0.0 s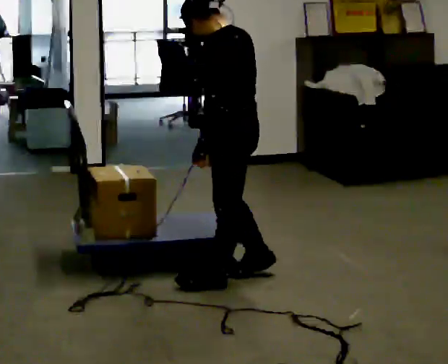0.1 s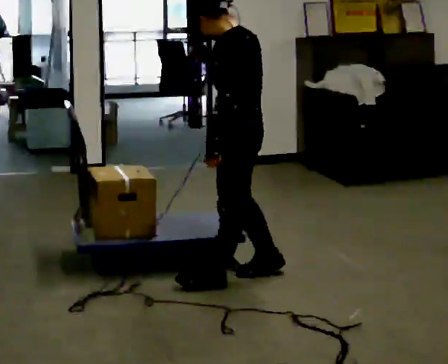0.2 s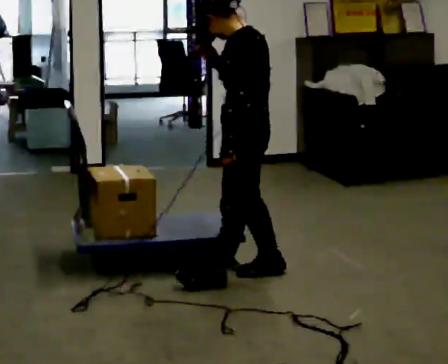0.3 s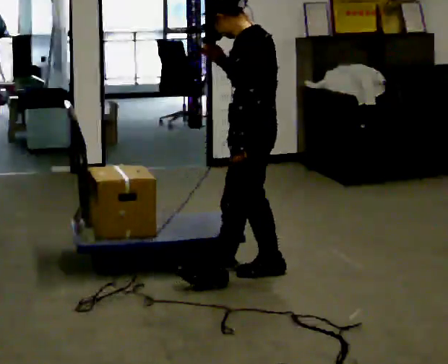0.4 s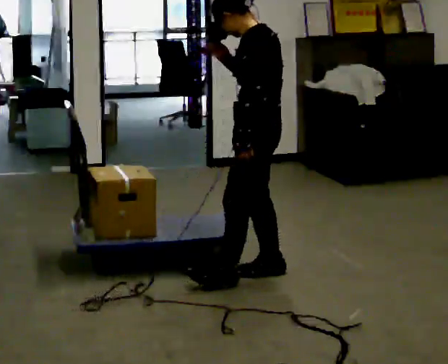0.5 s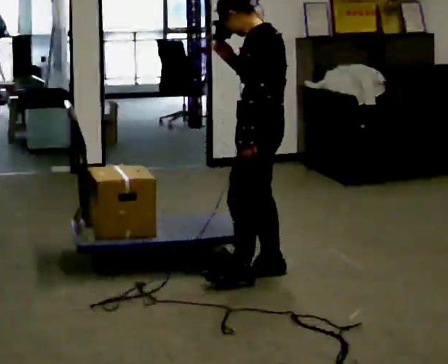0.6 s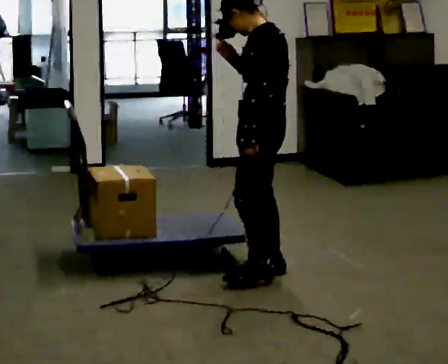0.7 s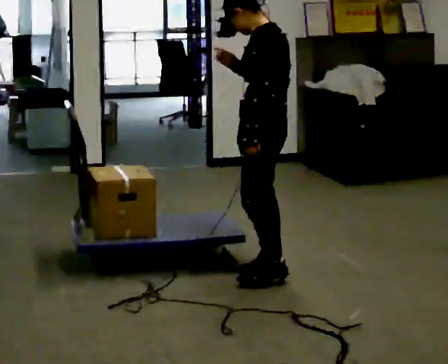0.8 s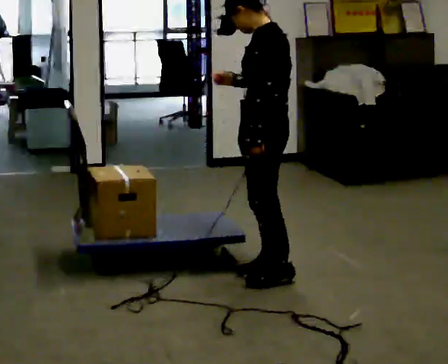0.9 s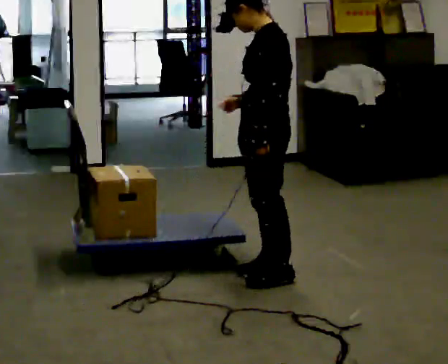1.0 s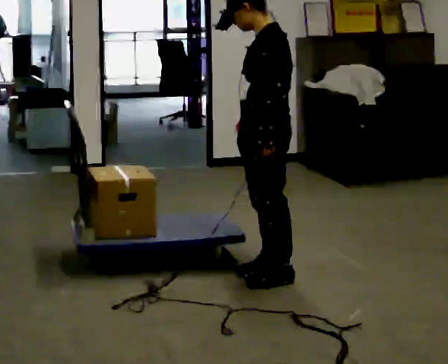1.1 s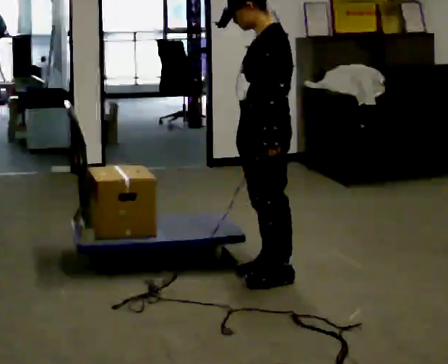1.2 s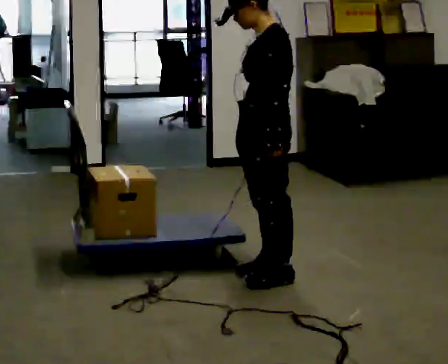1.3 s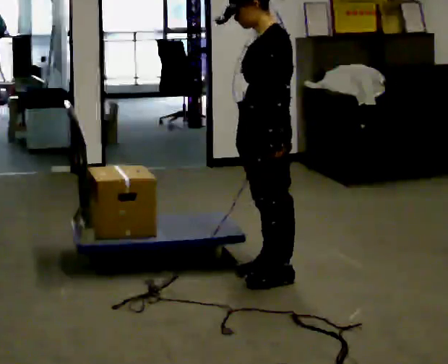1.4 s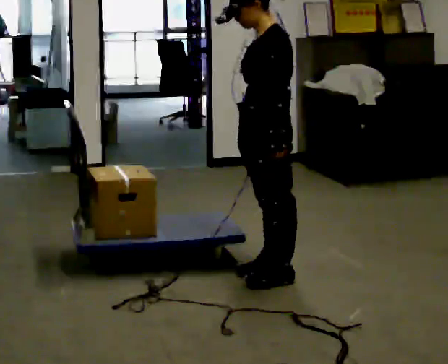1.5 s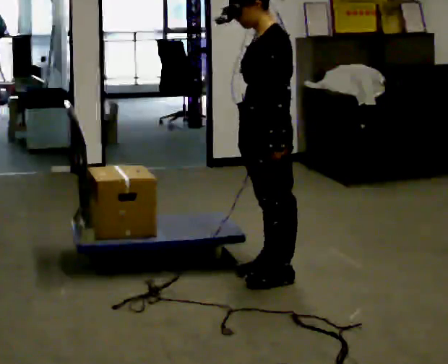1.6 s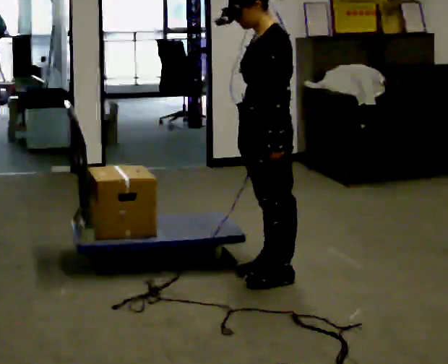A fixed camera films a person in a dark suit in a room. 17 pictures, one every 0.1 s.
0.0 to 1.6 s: The part of the body nearest the lens slides to the right as the person turns to their left by about 30 degrees. In the picture their right hand goes downward.
The film runs forward here.
